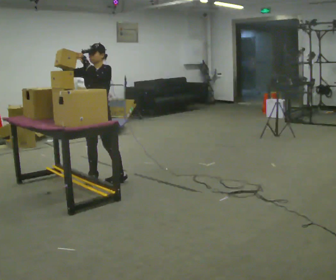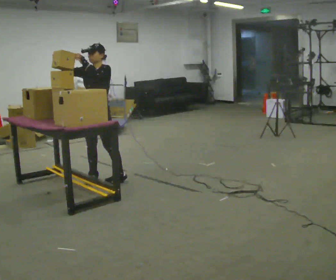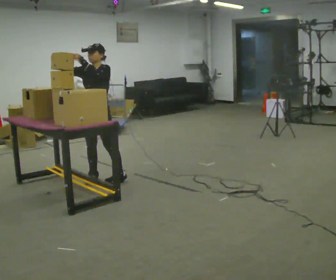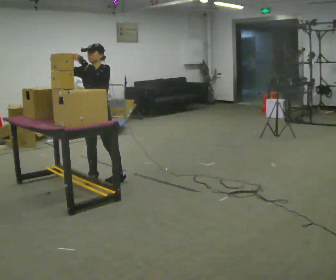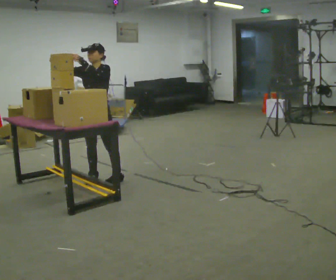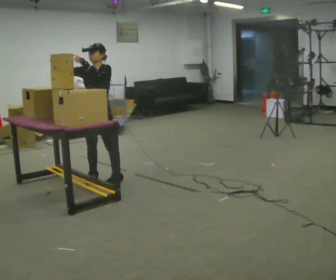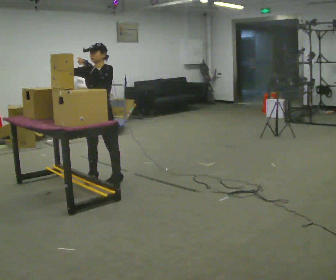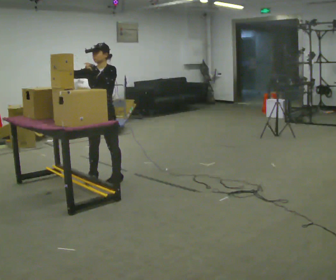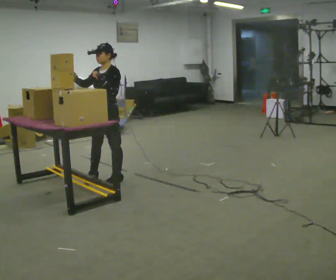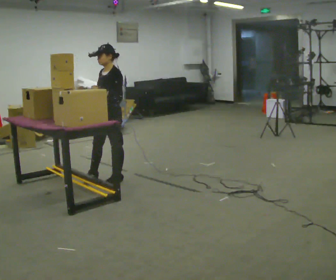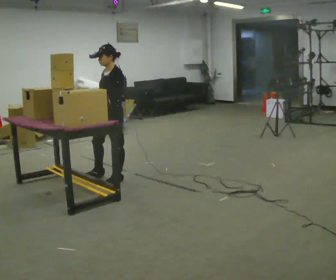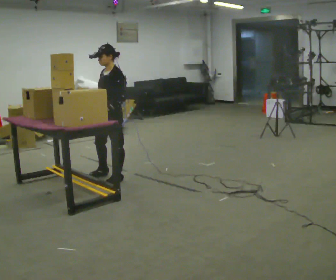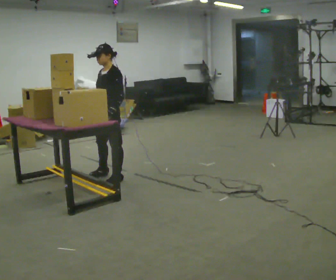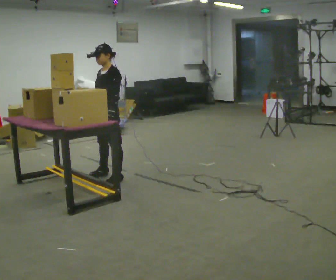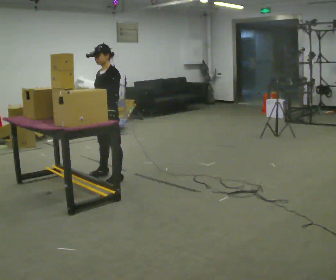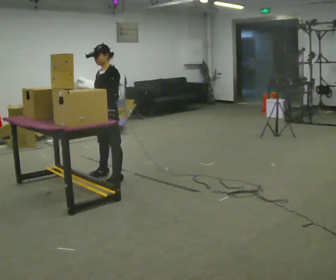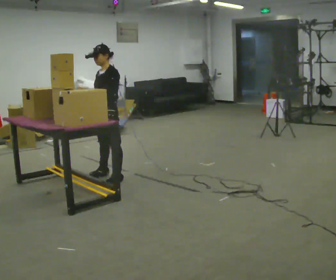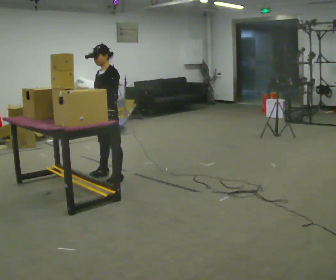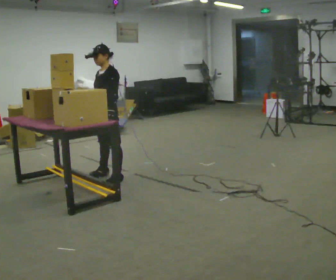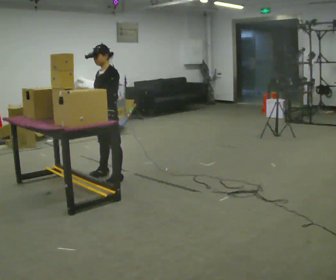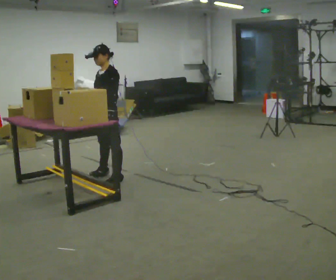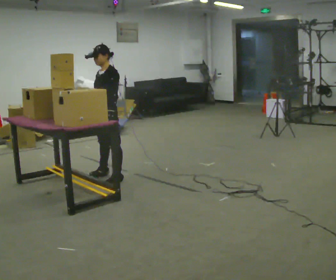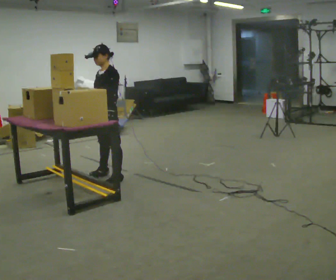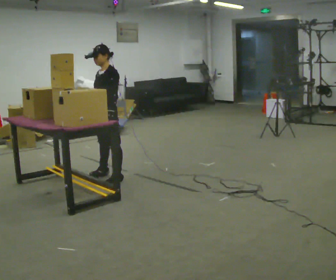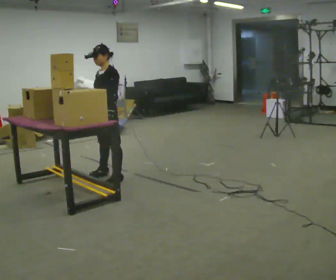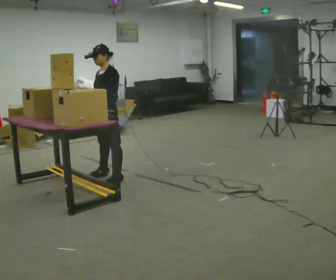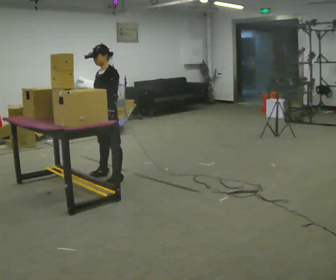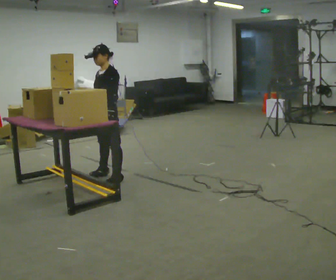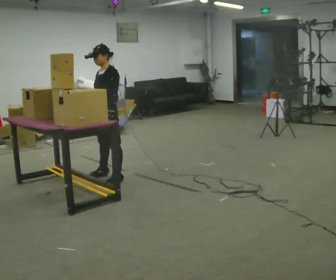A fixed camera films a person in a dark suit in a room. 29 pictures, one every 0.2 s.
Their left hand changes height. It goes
downward.
Their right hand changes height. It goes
downward.
0.0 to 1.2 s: The person moves a little, or ends about where they began.
1.2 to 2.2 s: Seen from above the body turns clockwise, about 30 degrees: to their right, with its near side sliding to the left. In the picture their right hand goes downward and to the right, the arm swinging counterclockwise.
2.2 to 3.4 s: The person moves a little, or ends about where they began.
3.4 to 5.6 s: The person keeps their place and pose.
The film runs forward here.
